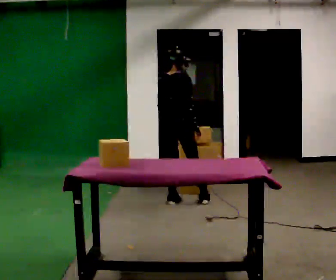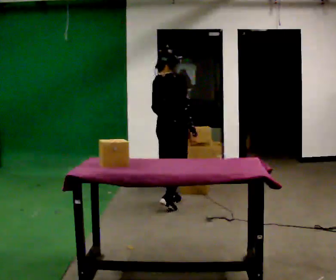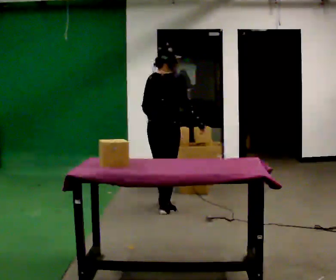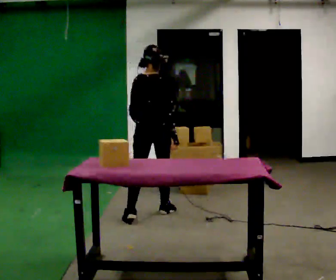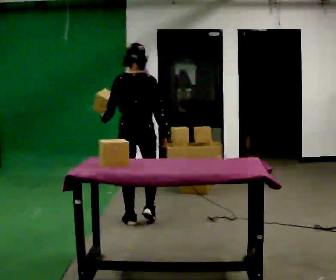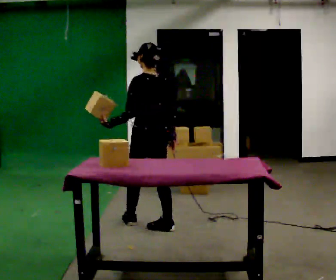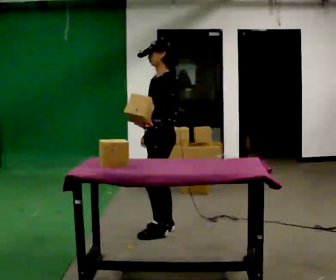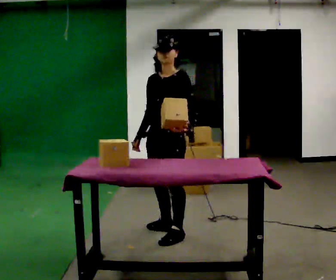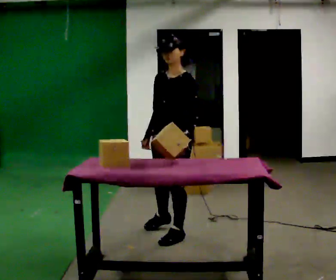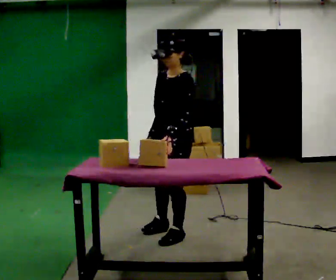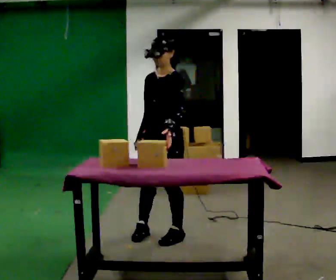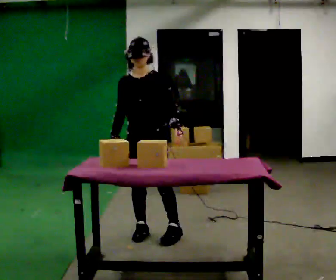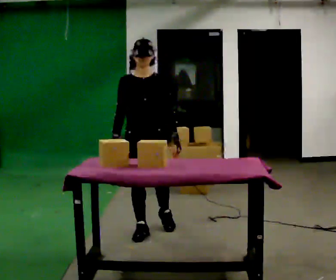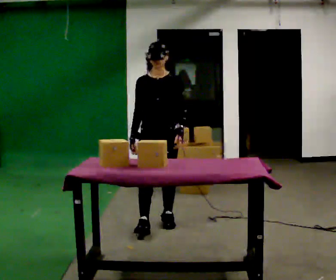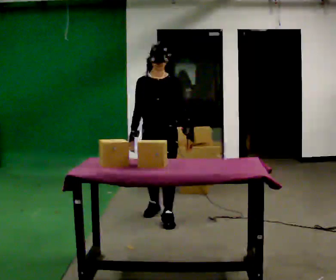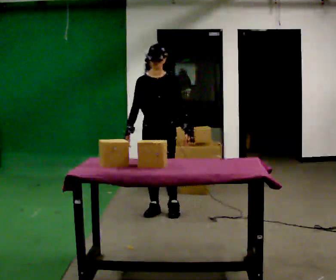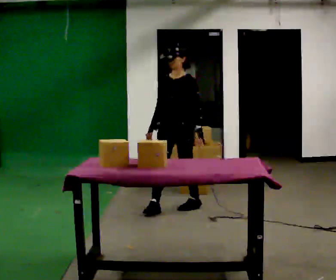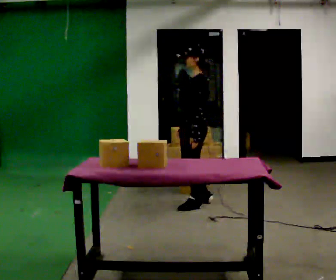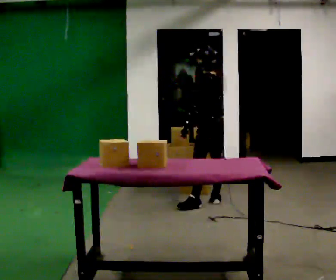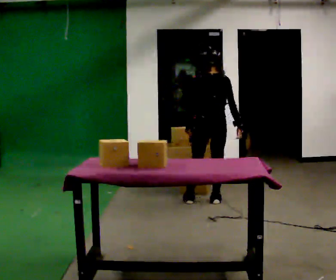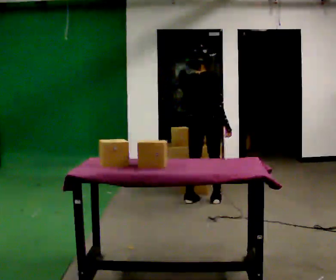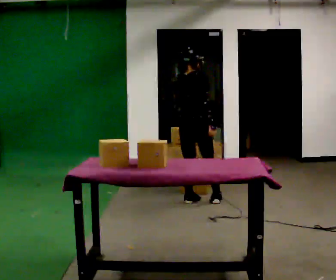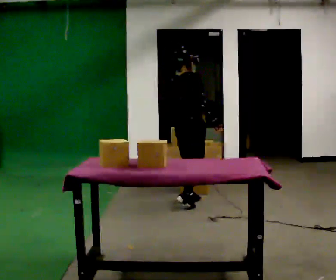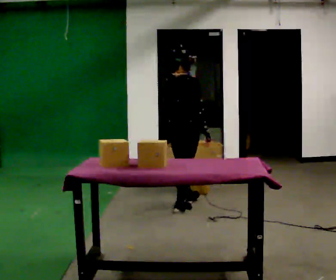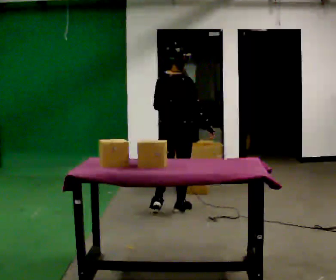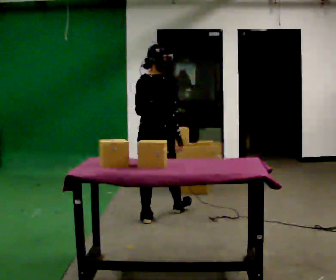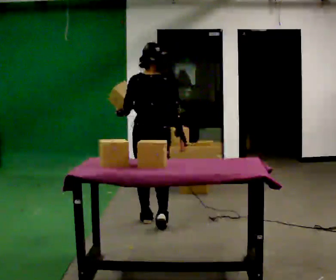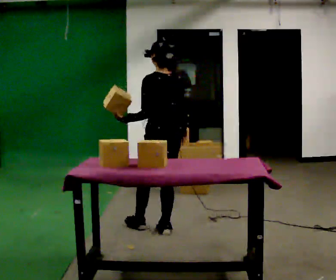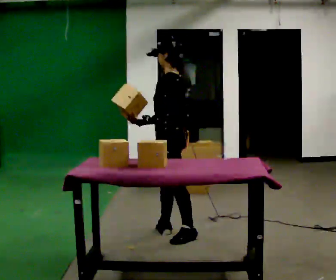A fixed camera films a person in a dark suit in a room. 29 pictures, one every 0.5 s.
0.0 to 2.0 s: In the picture they go toward the camera and to the left, about 1 m in 2 steps, which for them is backward.
2.0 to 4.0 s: The person turns about 150 degrees to their left, counterclockwise seen from above, so the part of the body nearest the lens slides to the right. In the picture they go toward the camera and to the right, about 0.5 m in 1 step.
4.0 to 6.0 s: The part of the body nearest the lens slides to the right as the person turns to their left by about 60 degrees. In the picture they go to the left and away from the camera, about 0.25 m in 2 steps.
6.0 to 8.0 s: The person turns about 30 degrees to their right, clockwise seen from above, so the part of the body nearest the lens slides to the left. In the picture they go away from the camera, about 1 m in 2 steps, which for them is backward.
8.0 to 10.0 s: Seen from above the body turns clockwise, about 180 degrees: to their right, with its near side sliding to the left. In the picture they go away from the camera and to the right, about 0.5 m in 2 steps.
10.0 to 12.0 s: In the picture they go toward the camera and to the left, about 0.5 m in 2 steps, which for them is backward.
12.0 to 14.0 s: Seen from above the body turns counterclockwise, about 105 degrees: to their left, with its near side sliding to the right. In the picture they go toward the camera, about 0.5 m in 2 steps.
The film runs backward here.
